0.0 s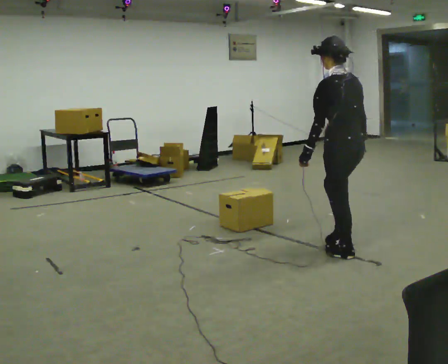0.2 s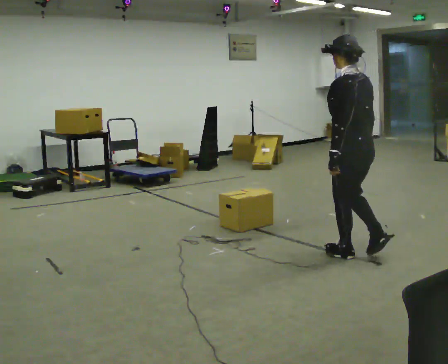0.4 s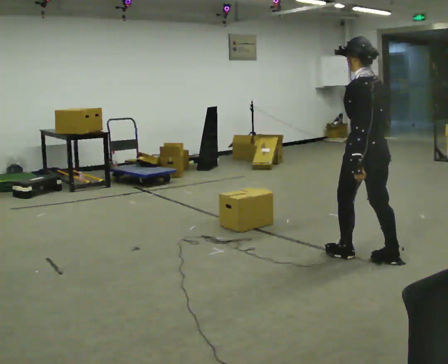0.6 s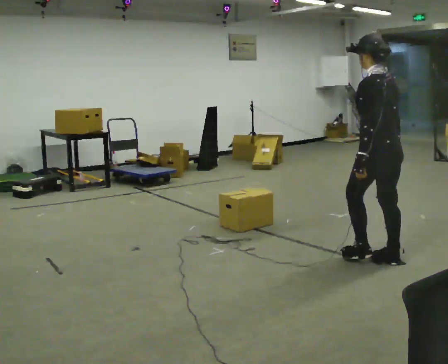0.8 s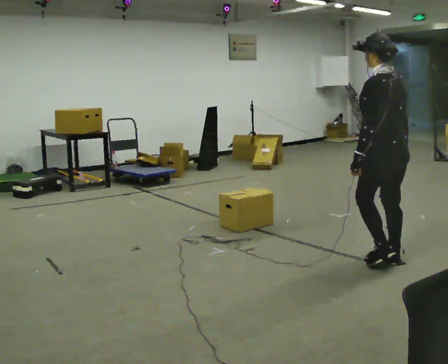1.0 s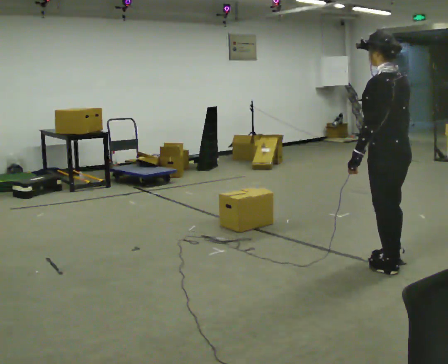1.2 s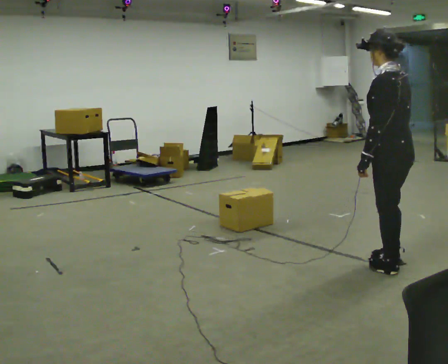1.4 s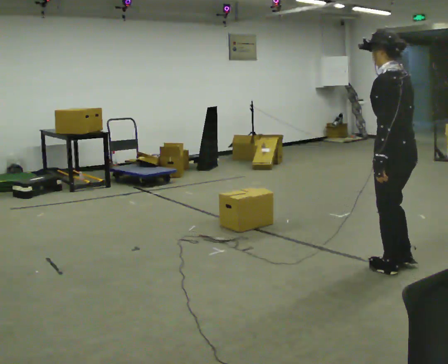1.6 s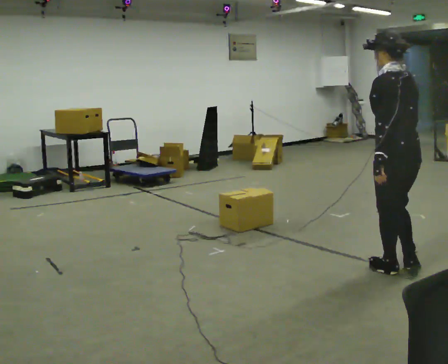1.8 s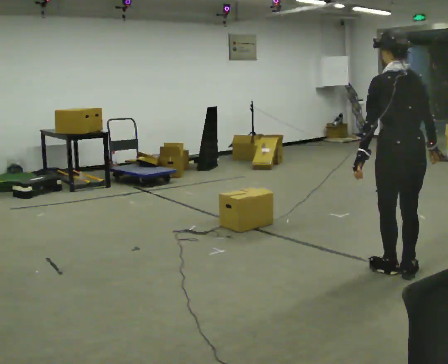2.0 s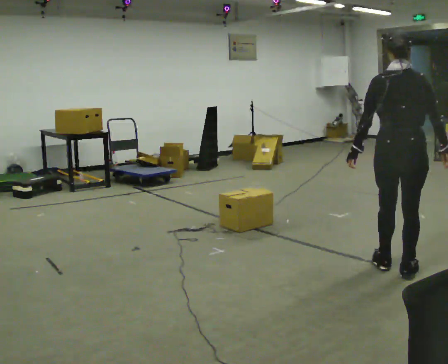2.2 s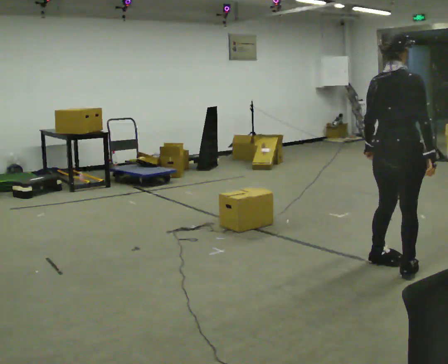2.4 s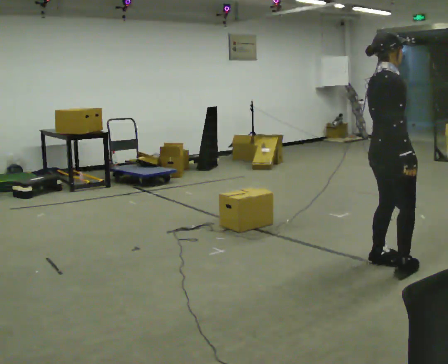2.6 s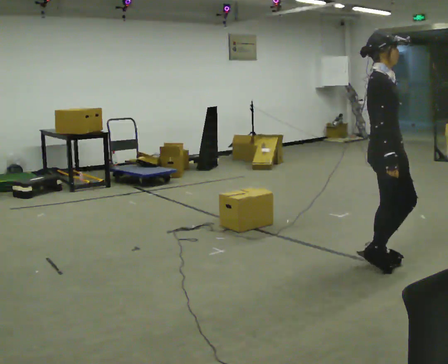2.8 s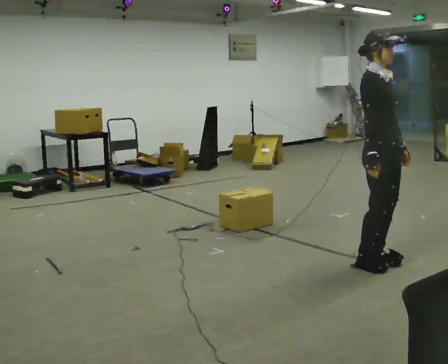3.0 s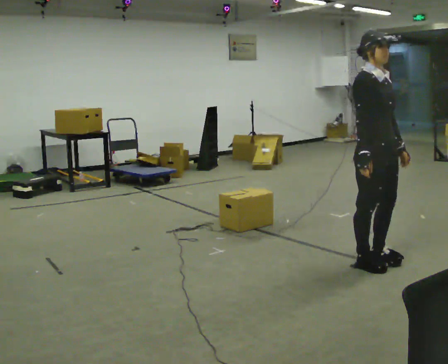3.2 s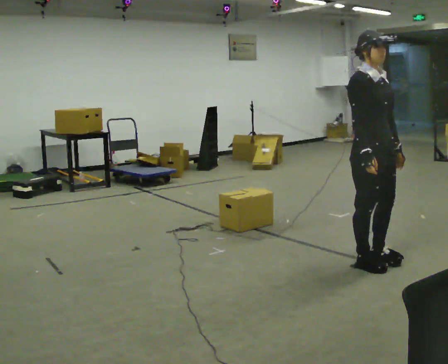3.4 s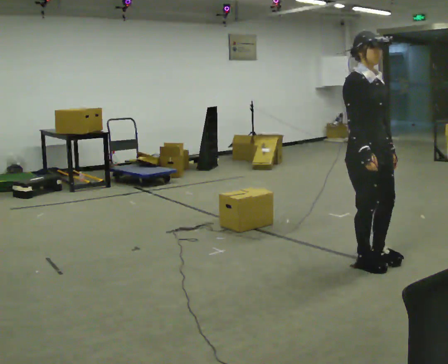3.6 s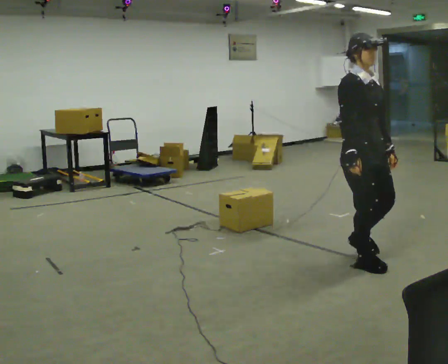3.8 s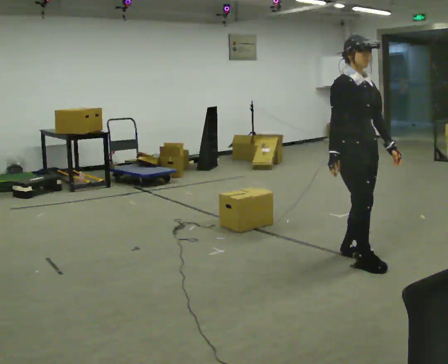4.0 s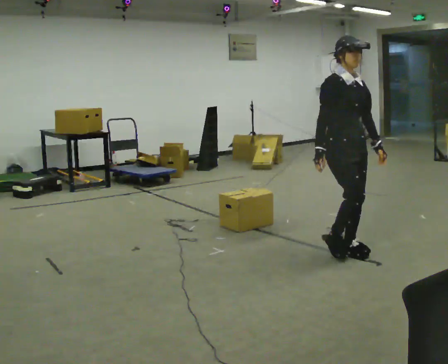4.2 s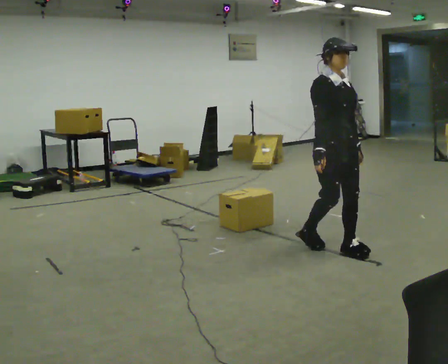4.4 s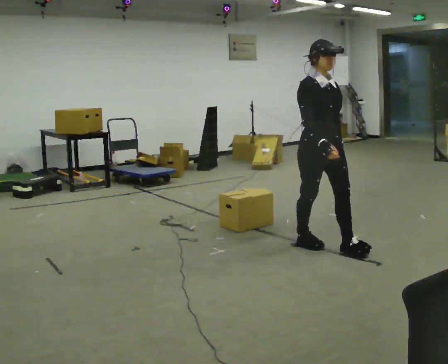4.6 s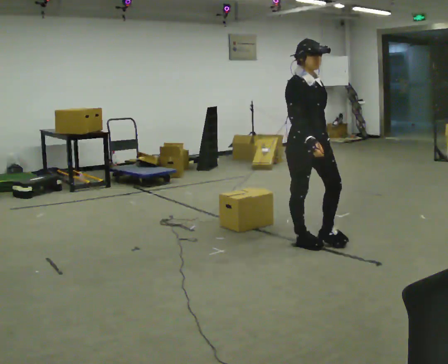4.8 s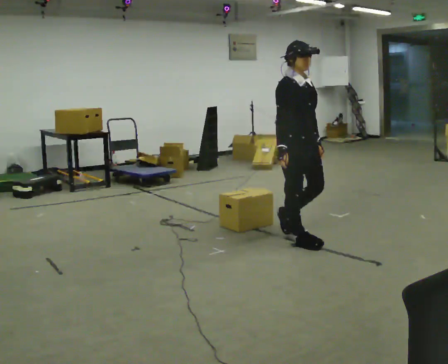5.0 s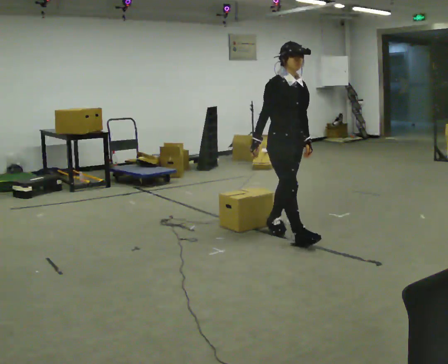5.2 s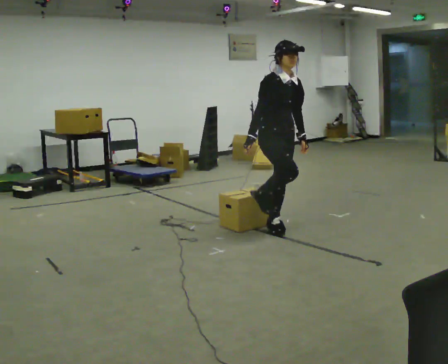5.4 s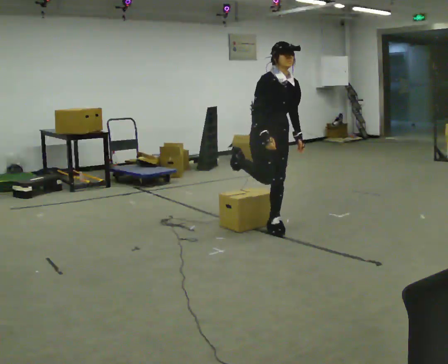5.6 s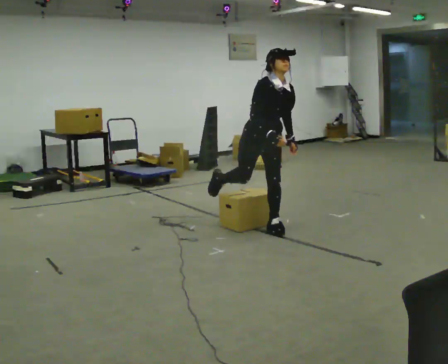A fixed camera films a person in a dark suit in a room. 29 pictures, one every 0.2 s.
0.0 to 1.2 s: In the picture they go to the right and toward the camera, about 0.5 m in 1 step, which for them is backward.
1.2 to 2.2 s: The person turns about 90 degrees to their right, clockwise seen from above, so the part of the body nearest the lens slides to the left.
2.2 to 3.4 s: Seen from above the body turns clockwise, about 105 degrees: to their right, with its near side sliding to the left. In the picture they go to the left, about 0.25 m in 1 step.
3.4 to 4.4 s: In the picture they go away from the camera and to the left, about 0.5 m in 2 steps, which for them is backward.
4.4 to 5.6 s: In the picture they go to the left and away from the camera, about 0.5 m in 2 steps, which for them is backward. In the picture the upper body tilts clockwise, shoulders to the right, as they bend forward.
The film runs backward here.
